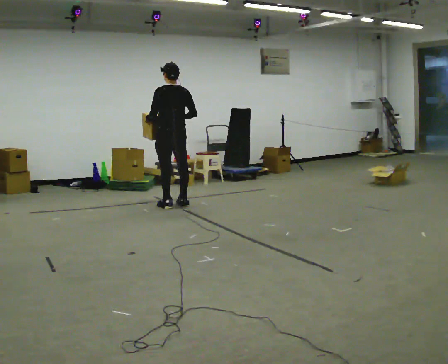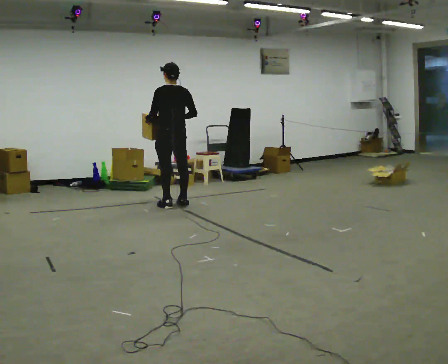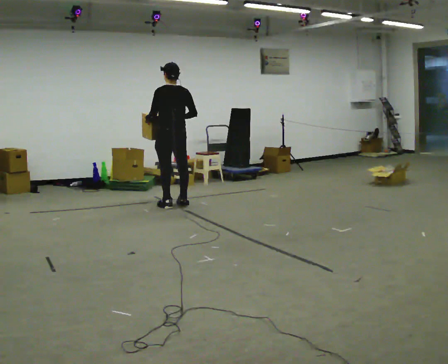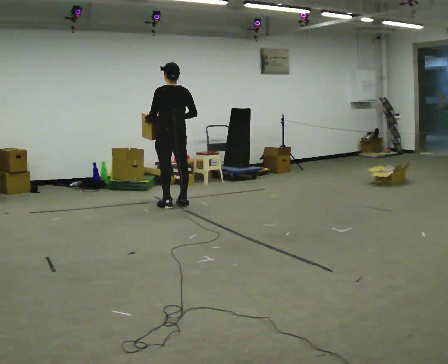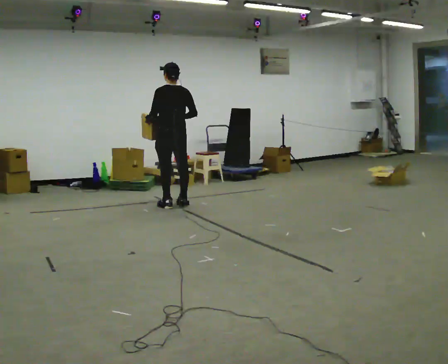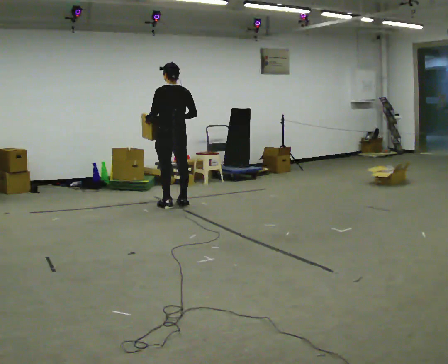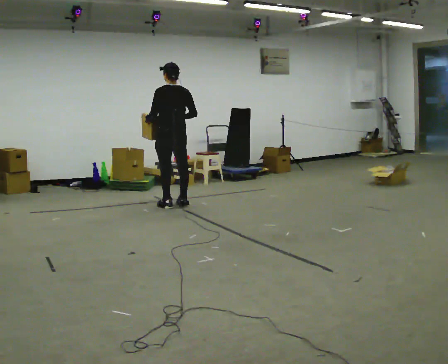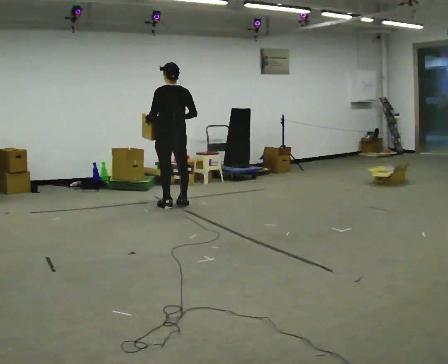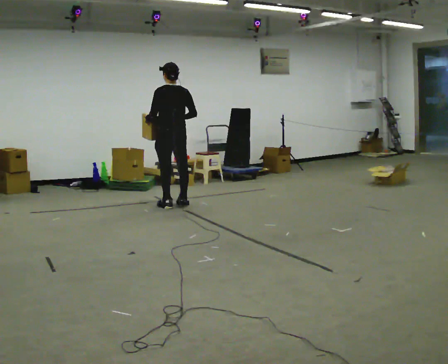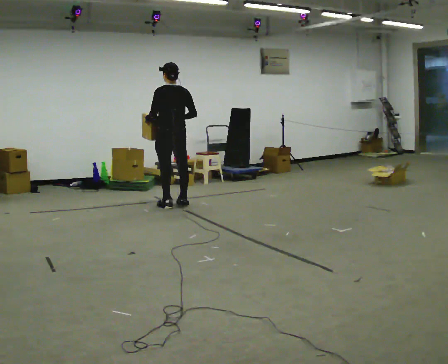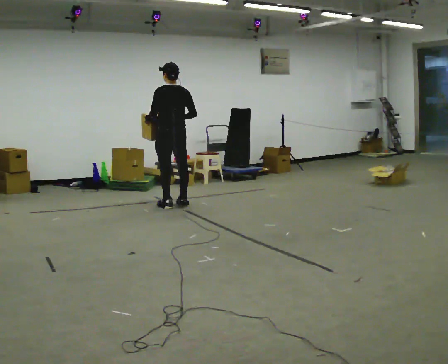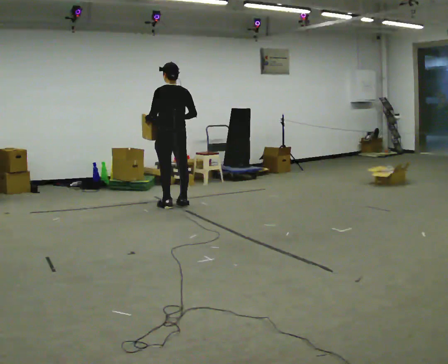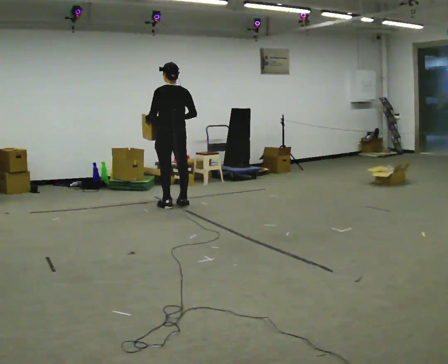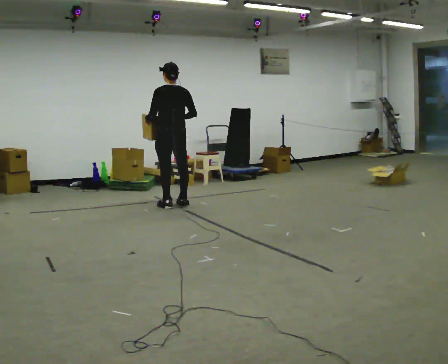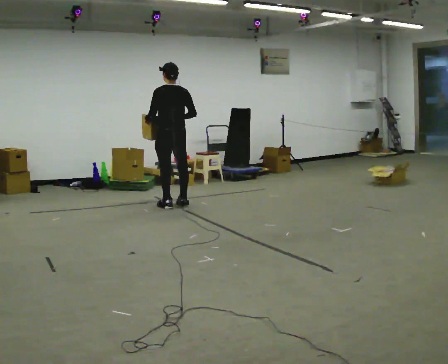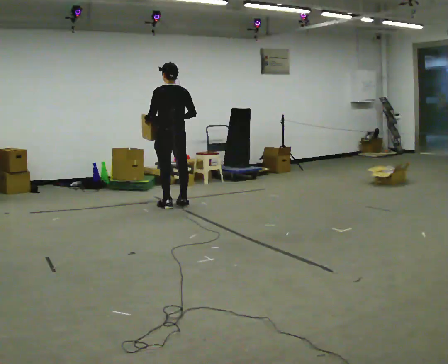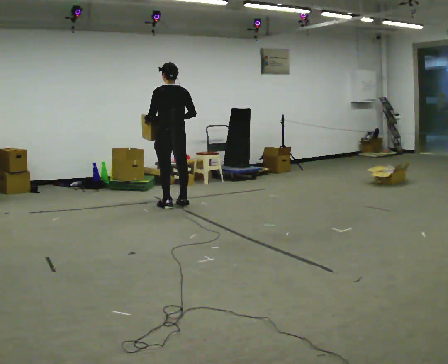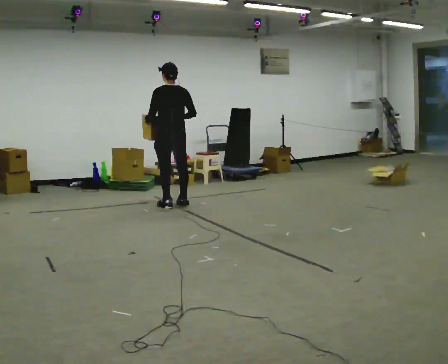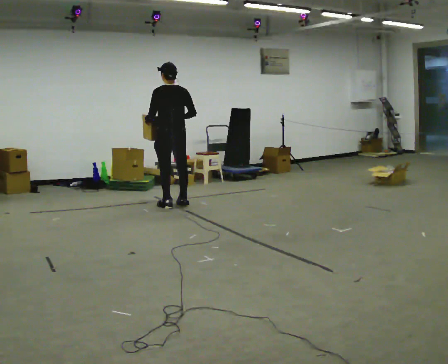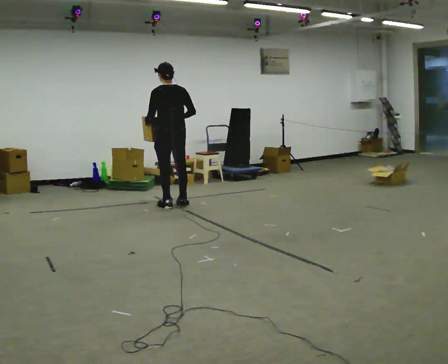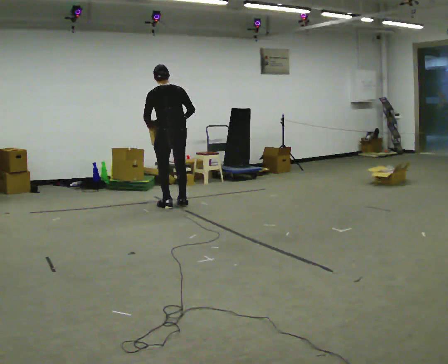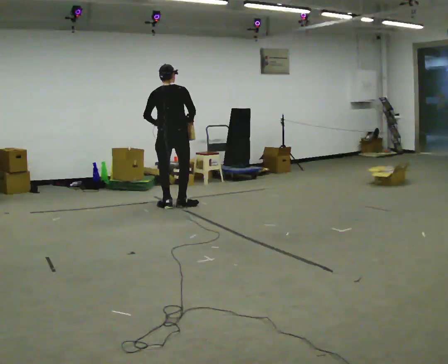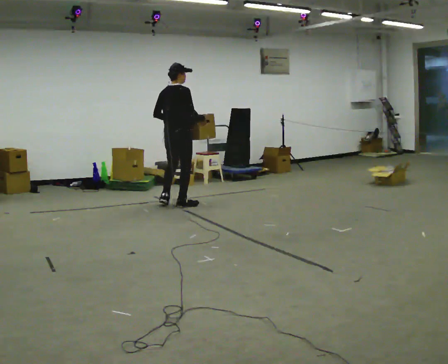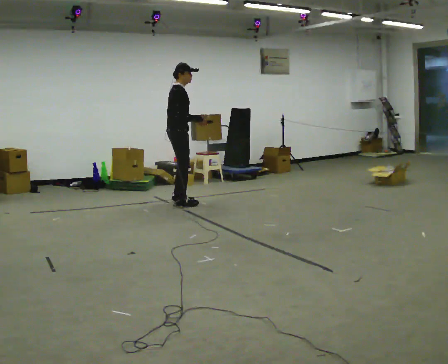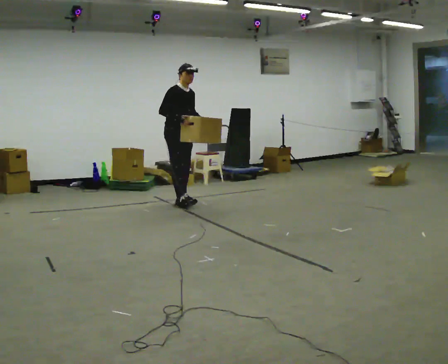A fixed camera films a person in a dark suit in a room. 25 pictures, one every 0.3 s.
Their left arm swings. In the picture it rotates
counterclockwise.
The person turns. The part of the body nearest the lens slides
to the left.
0.0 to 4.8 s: The person keeps their place and pose.
4.8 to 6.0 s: The person moves a little, or ends about where they began.
6.0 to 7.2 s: The part of the body nearest the lens slides to the left as the person turns to their right by about 150 degrees. In the picture they go away from the camera, about 0.25 m in 1 step. In the picture the upper body tilts clockwise, shoulders to the right.
The film runs forward here.
